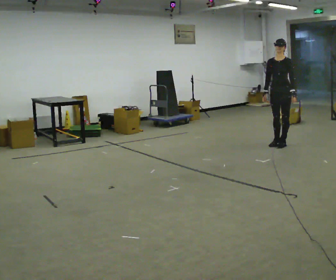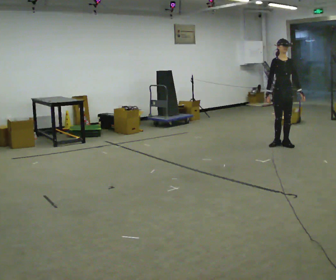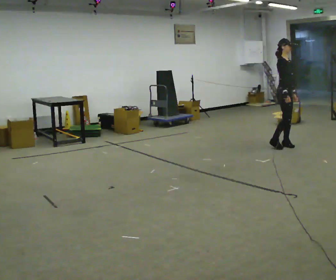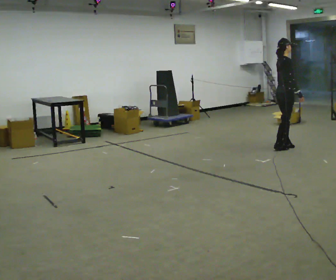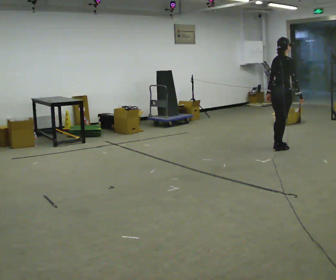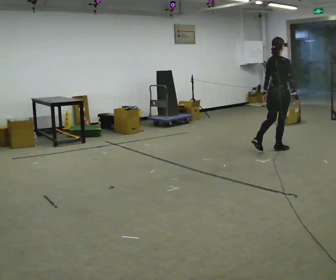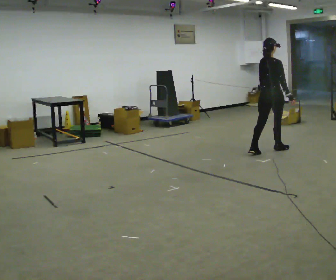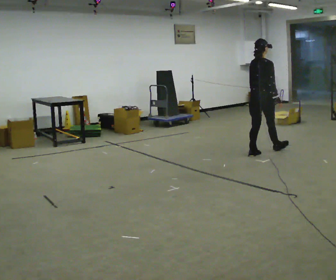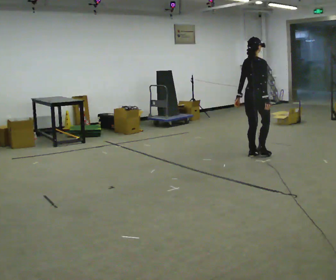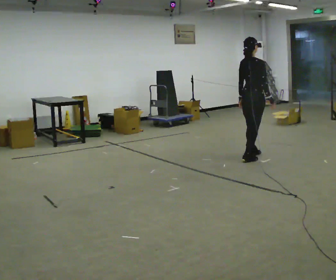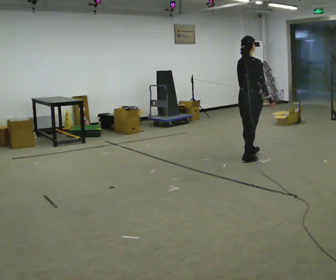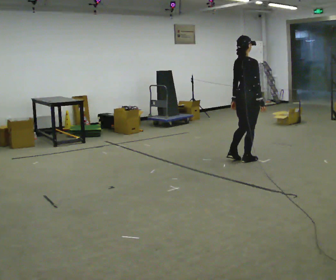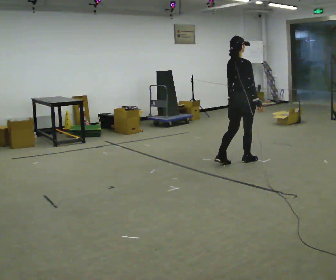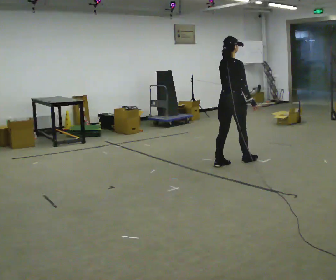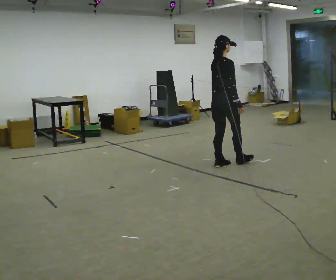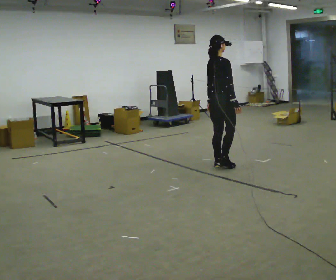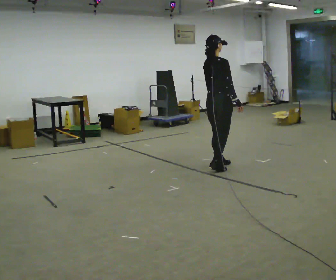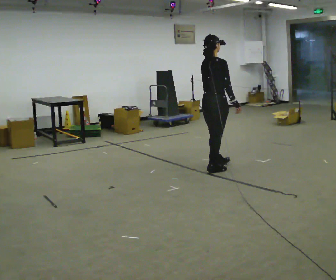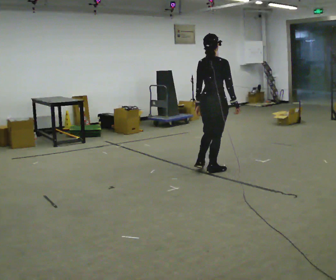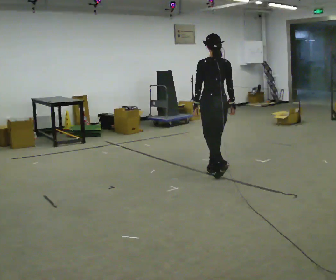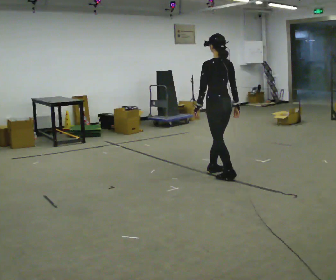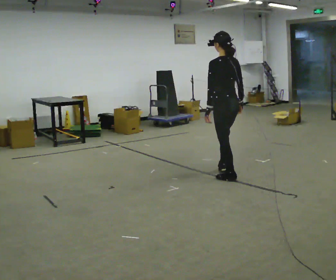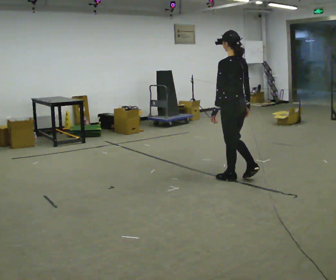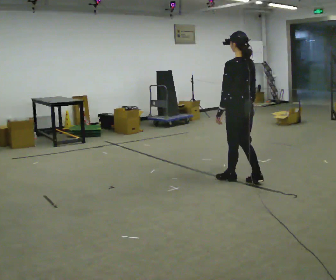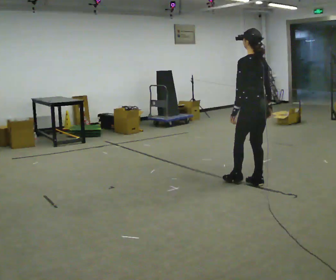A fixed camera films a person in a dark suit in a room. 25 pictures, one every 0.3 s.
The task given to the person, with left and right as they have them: Walk backward several steps, then turn while still moving backward, then continue backward. Operator confirms the space behind you is clear.
0.0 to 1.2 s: The person turns about 135 degrees to their left, counterclockwise seen from above, so the part of the body nearest the lens slides to the right. In the picture they go toward the camera, about 0.25 m in 1 step.
1.2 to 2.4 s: In the picture they go to the left and toward the camera, about 0.5 m in 1 step, which for them is backward.
2.4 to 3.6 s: In the picture they go toward the camera and to the left, about 0.25 m in 2 steps, which for them is backward.
3.6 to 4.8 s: In the picture they go to the left and toward the camera, about 0.5 m, which for them is backward.
4.8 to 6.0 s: Seen from above the body turns counterclockwise, about 75 degrees: to their left, with its near side sliding to the right. In the picture they go toward the camera, about 0.25 m in 2 steps.
6.0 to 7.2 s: In the picture they go to the right and toward the camera, about 0.5 m in 1 step, which for them is backward.
The film runs forward here.
